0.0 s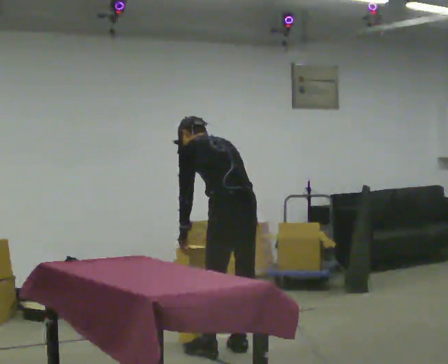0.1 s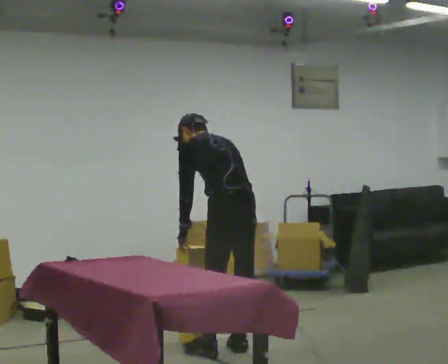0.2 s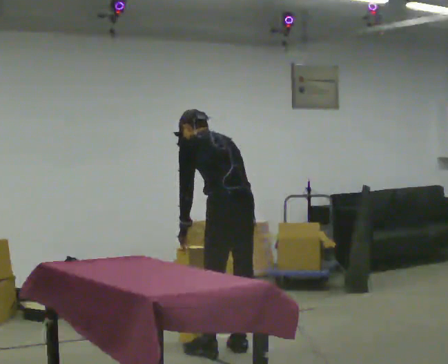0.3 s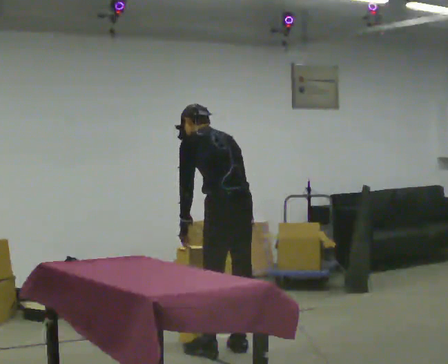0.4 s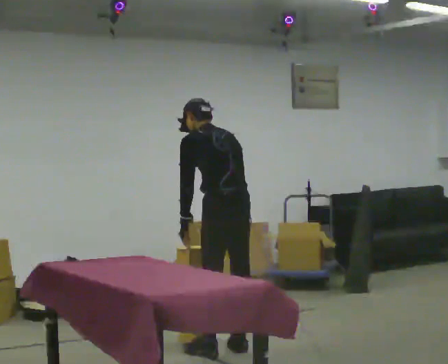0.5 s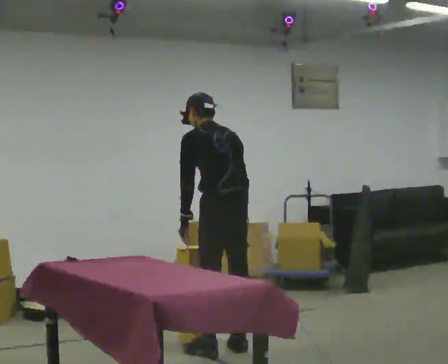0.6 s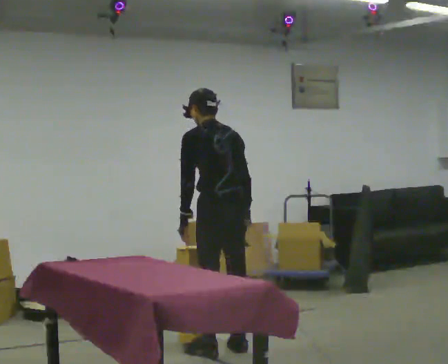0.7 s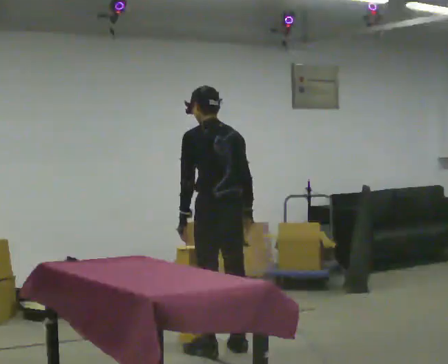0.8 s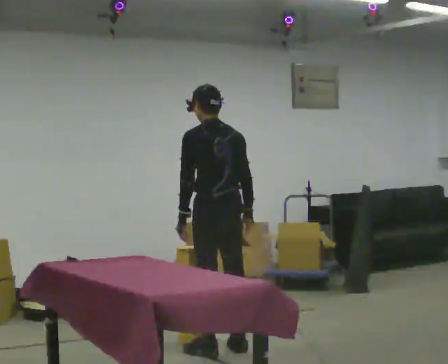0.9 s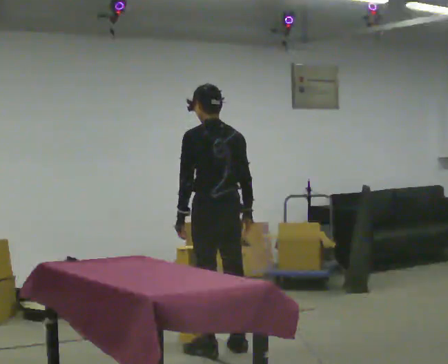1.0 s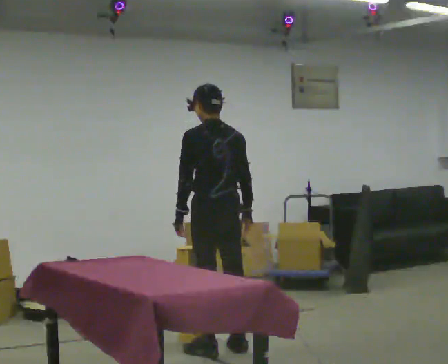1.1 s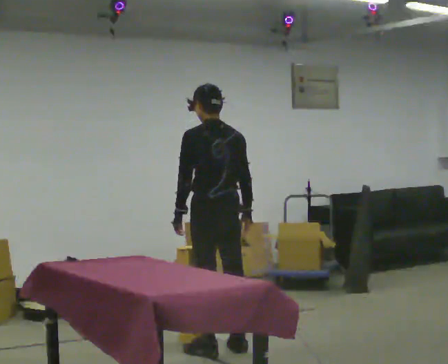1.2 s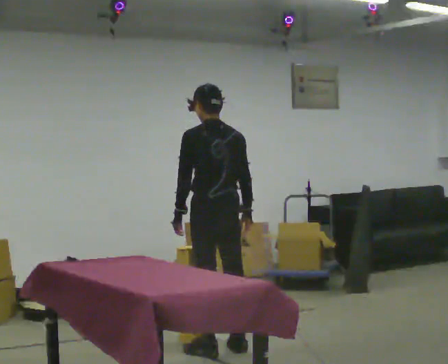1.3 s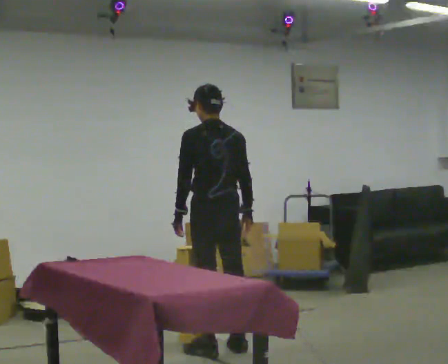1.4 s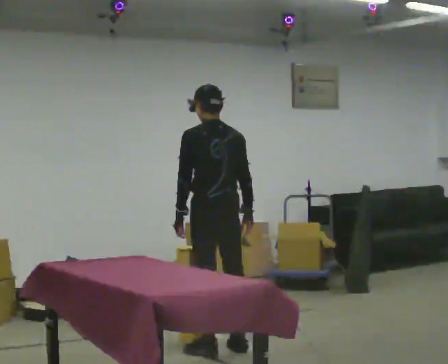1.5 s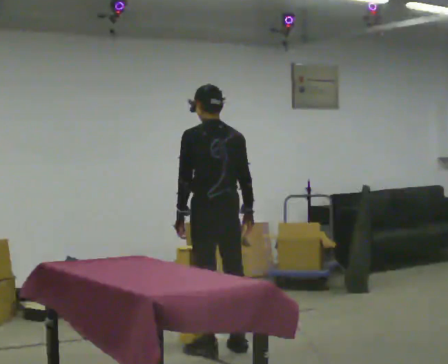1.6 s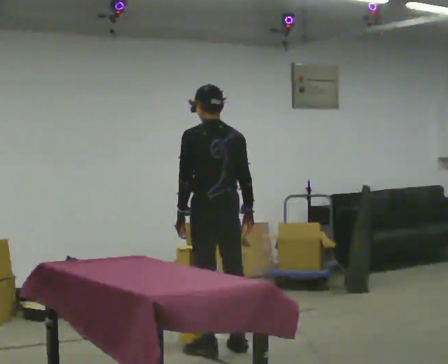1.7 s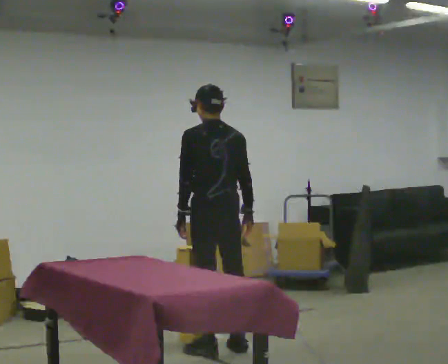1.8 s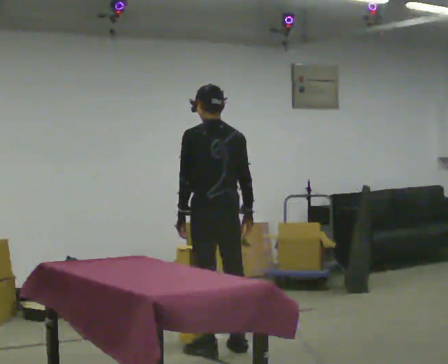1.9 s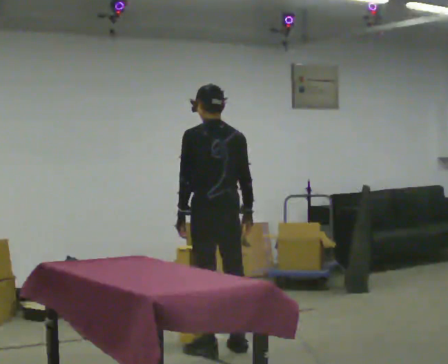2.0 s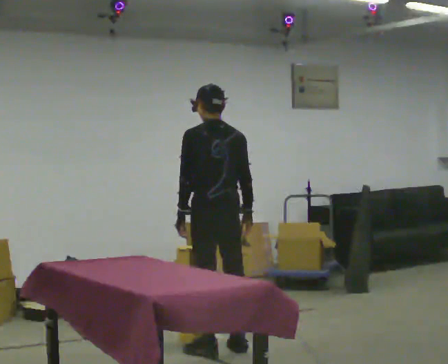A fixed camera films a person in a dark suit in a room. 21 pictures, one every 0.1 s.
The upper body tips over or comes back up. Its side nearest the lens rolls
downward.
0.0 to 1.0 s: The upper body tips toward the camera, its near side rolling downward, as they lean back or straighten.
1.0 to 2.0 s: The person moves a little, or ends about where they began.
The film runs forward here.
